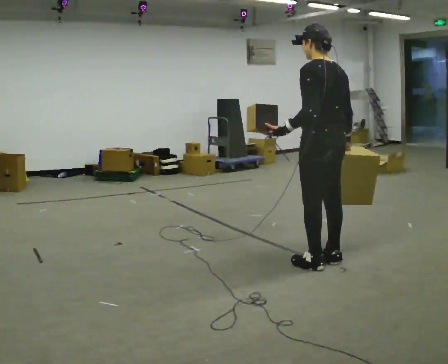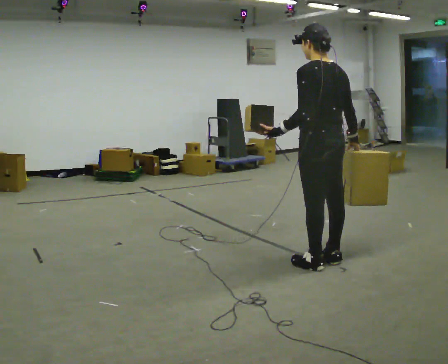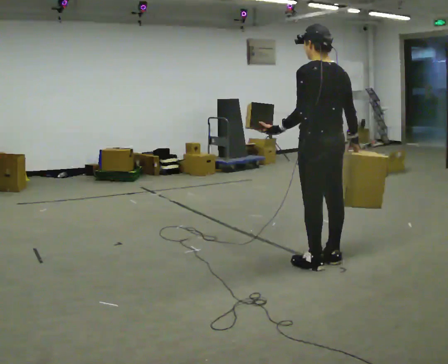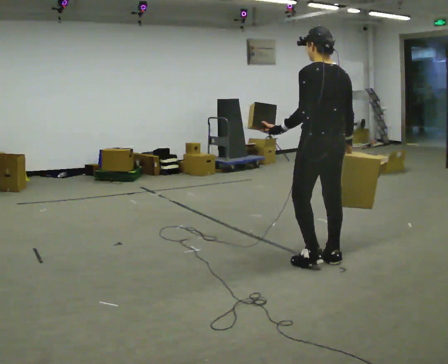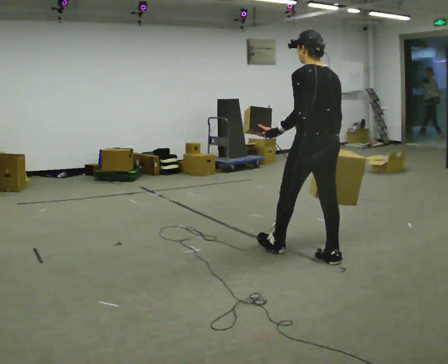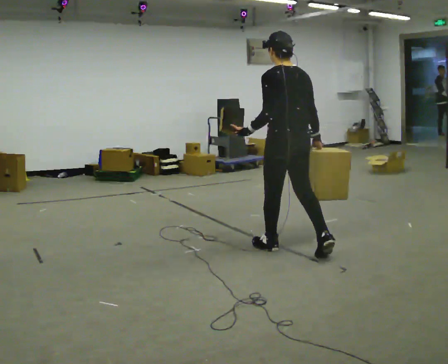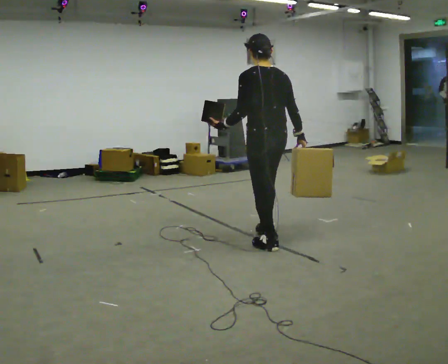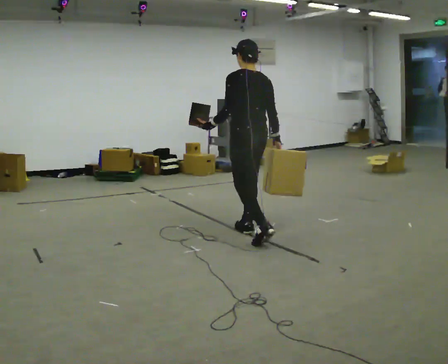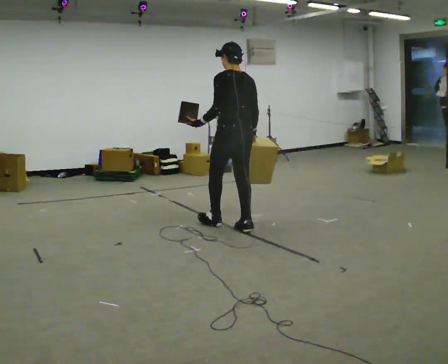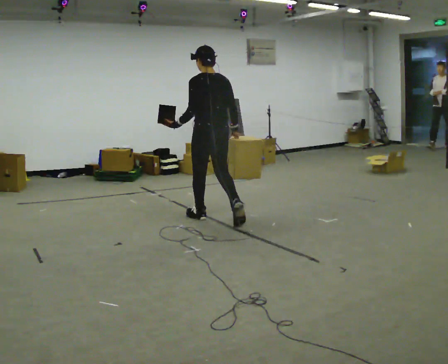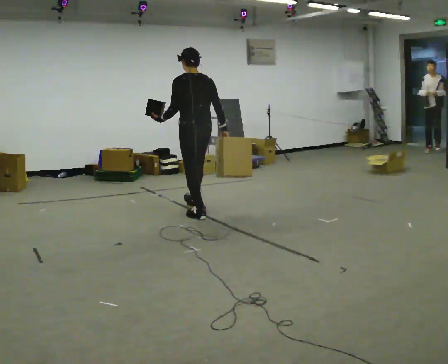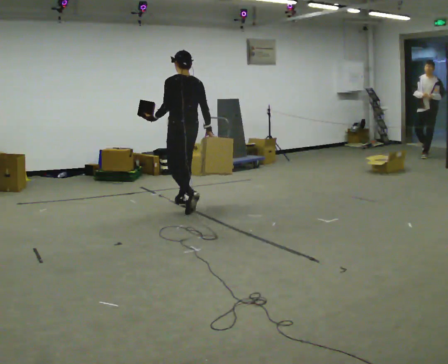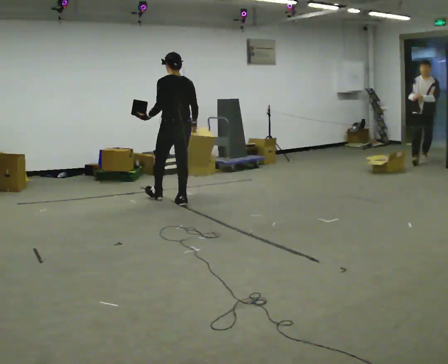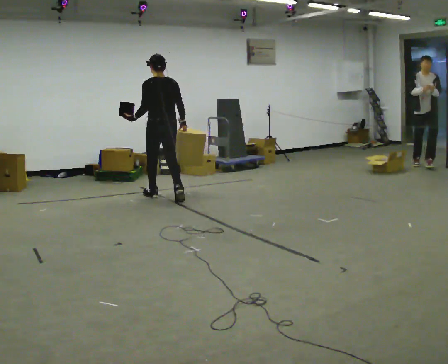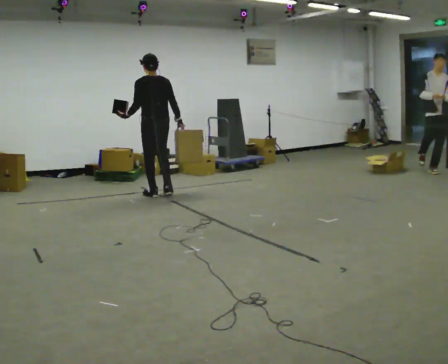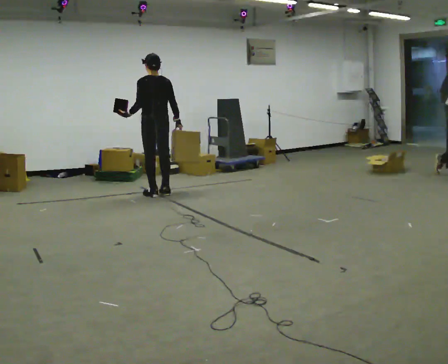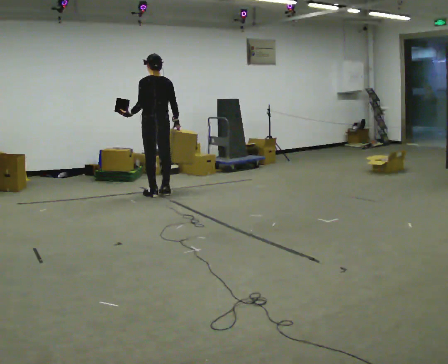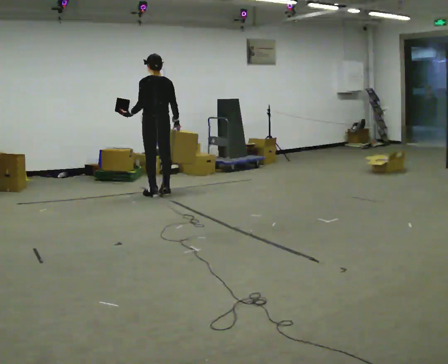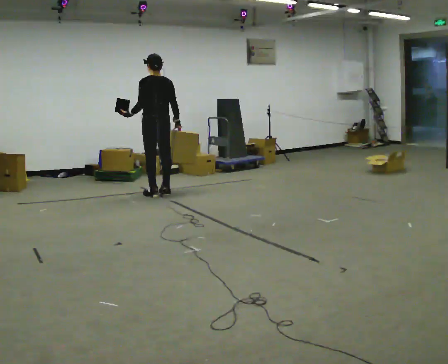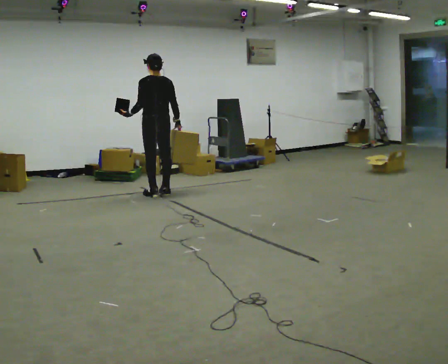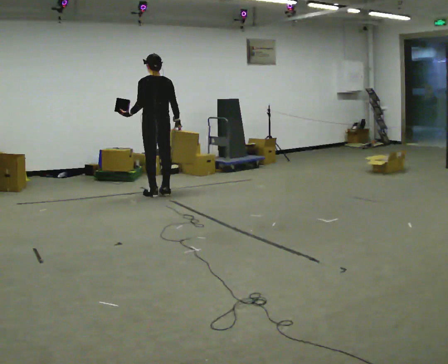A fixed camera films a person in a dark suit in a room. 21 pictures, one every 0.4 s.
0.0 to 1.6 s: In the picture they go away from the camera, about 0.25 m, which for them is forward.
1.6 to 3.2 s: In the picture they go away from the camera and to the left, about 1 m in 2 steps, which for them is forward.
3.2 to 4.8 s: In the picture they go away from the camera and to the left, about 1.5 m in 2 steps, which for them is forward.
4.8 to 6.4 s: In the picture they go away from the camera and to the left, about 0.5 m in 2 steps, which for them is forward.
6.4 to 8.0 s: The person moves a little, or ends about where they began.
The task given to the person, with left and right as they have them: Carry one object in each hand, the heavy one in the hand the operator calls, walking back and forth across the room.
The film runs forward here.
